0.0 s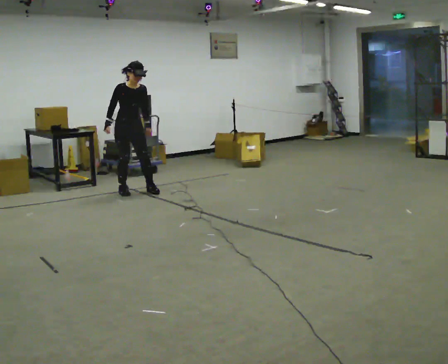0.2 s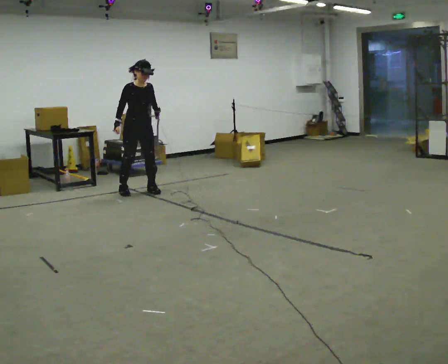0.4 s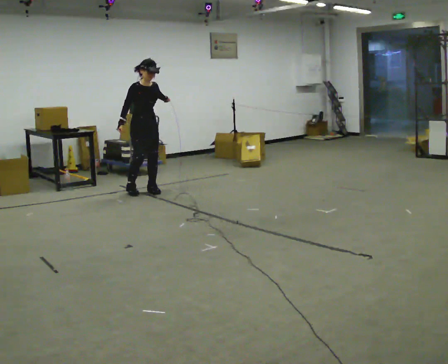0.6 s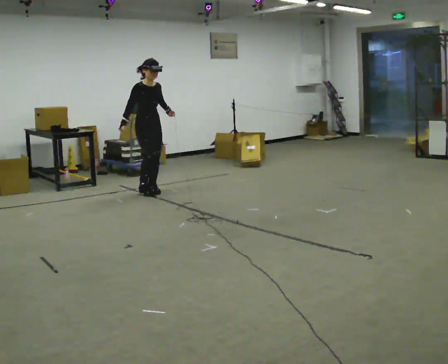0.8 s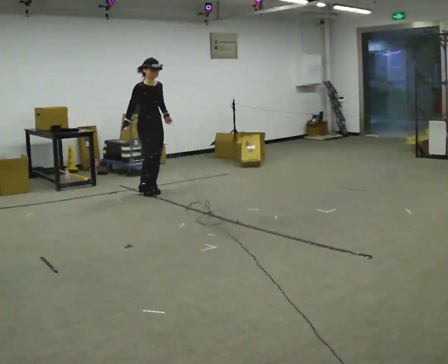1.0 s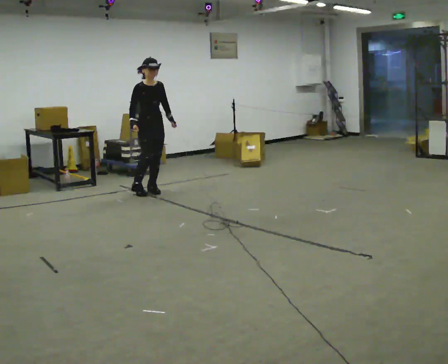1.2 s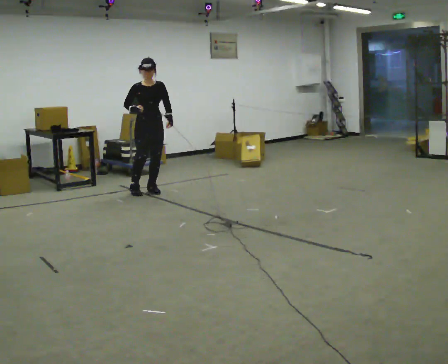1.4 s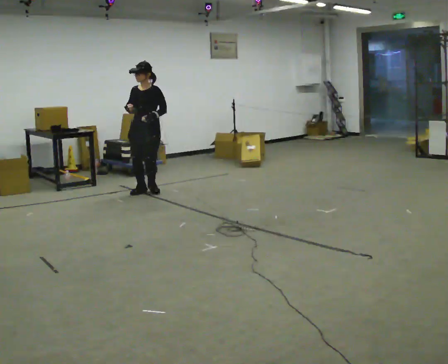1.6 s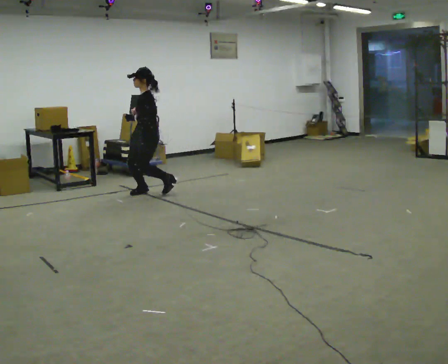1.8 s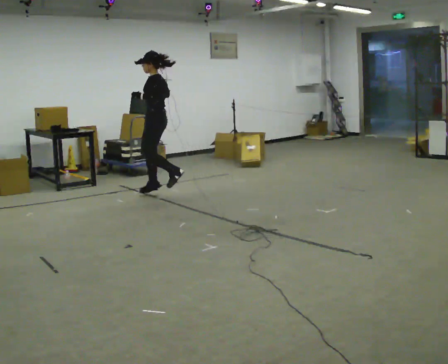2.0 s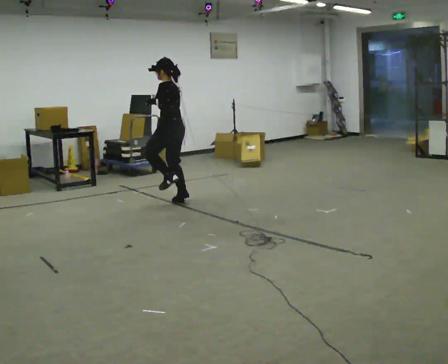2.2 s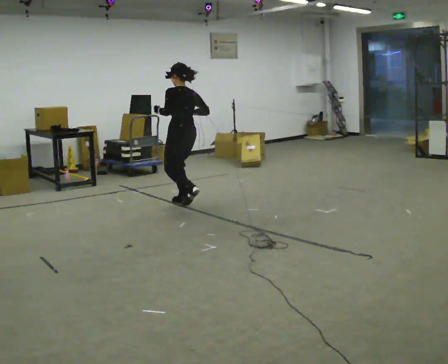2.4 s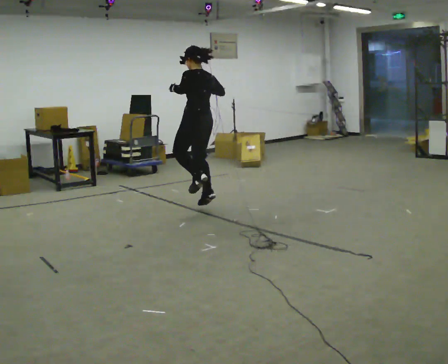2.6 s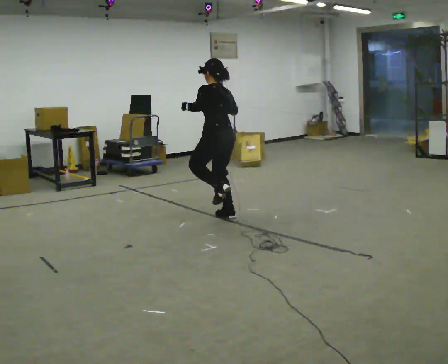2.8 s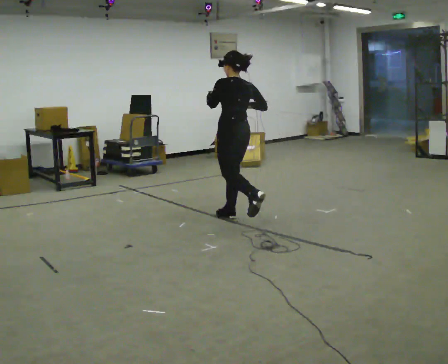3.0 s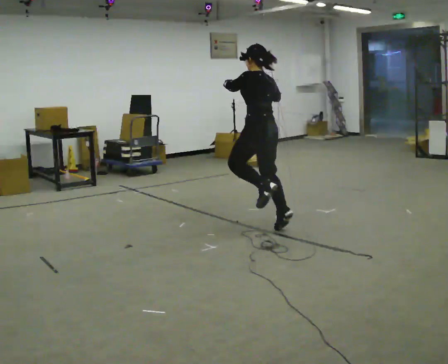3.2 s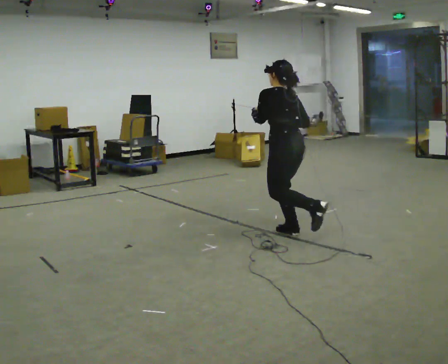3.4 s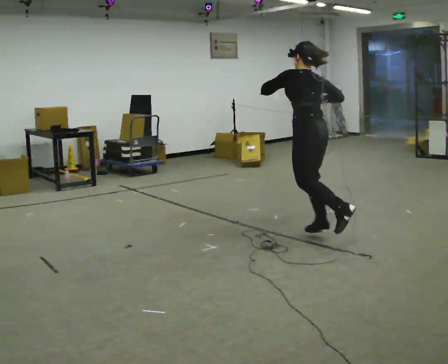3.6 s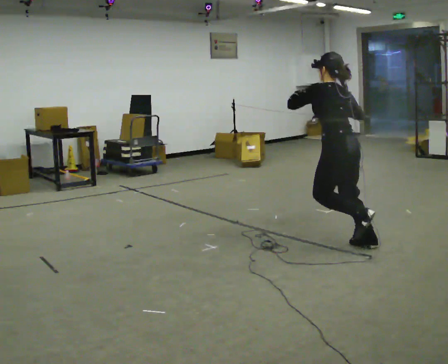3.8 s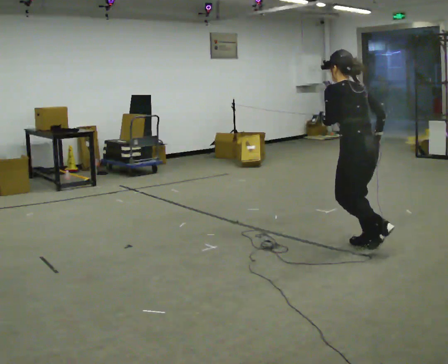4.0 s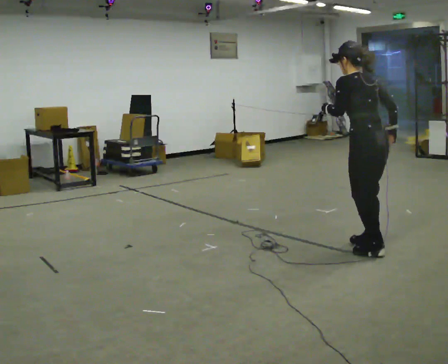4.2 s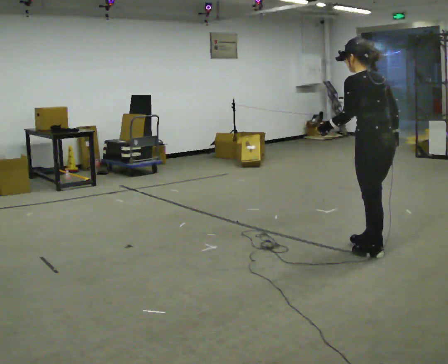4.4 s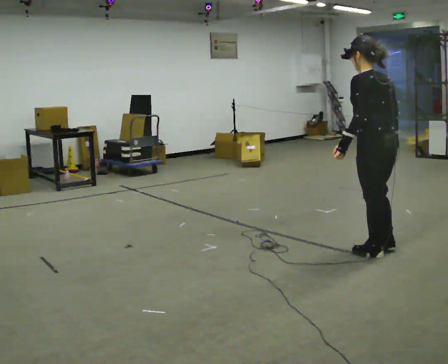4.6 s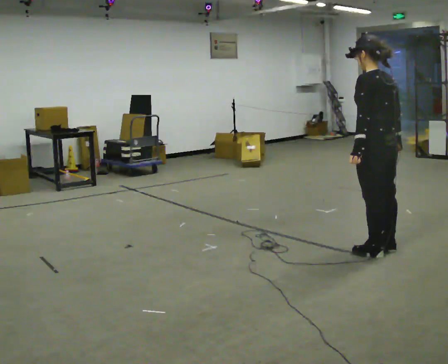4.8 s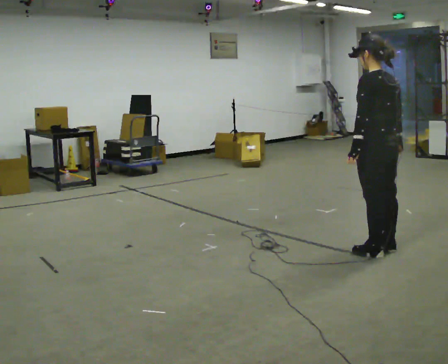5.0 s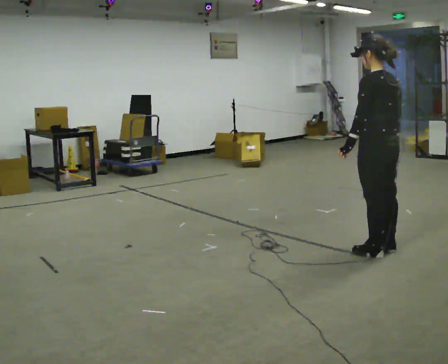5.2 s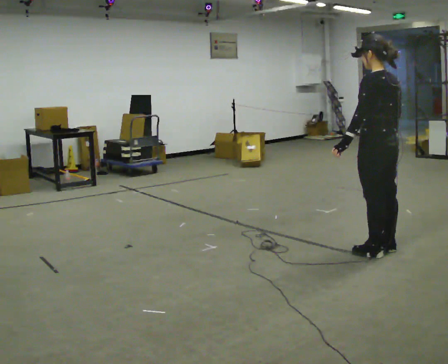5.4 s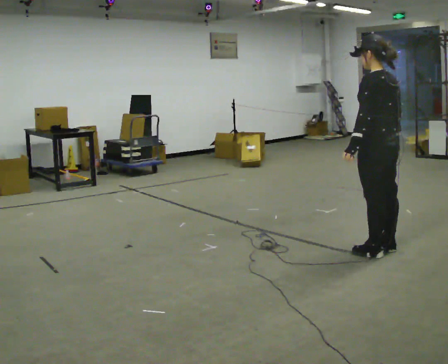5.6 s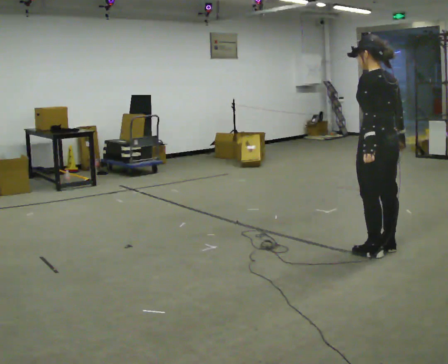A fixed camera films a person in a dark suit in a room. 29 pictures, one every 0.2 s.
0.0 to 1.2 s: In the picture they go to the right, about 0.25 m in 1 step, which for them is forward and to their left.
1.2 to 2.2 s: Seen from above the body turns clockwise, about 165 degrees: to their right, with its near side sliding to the left. In the picture they go toward the camera and to the right, about 1 m in 2 steps.
2.2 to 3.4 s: In the picture they go toward the camera and to the right, about 1.5 m in 3 steps, which for them is backward.
3.4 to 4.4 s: In the picture they go toward the camera and to the right, about 0.75 m, which for them is backward. In the picture their left hand goes downward.
4.4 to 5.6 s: The person moves a little, or ends about where they began.
The film runs backward here.
